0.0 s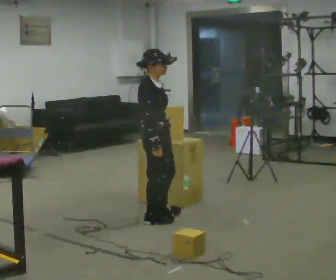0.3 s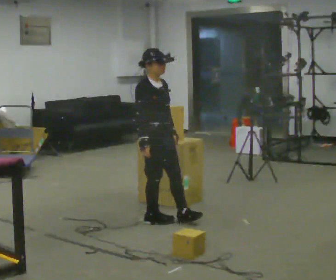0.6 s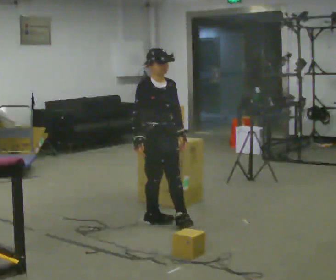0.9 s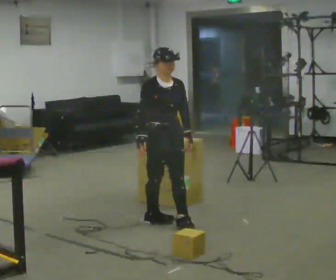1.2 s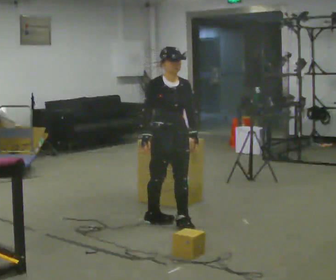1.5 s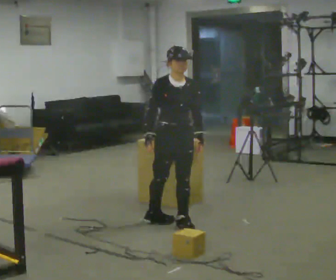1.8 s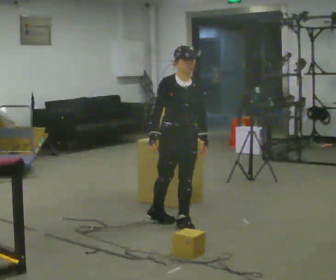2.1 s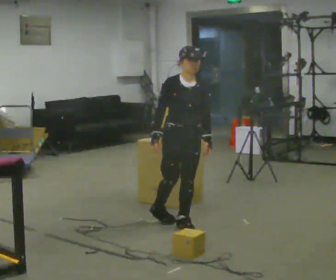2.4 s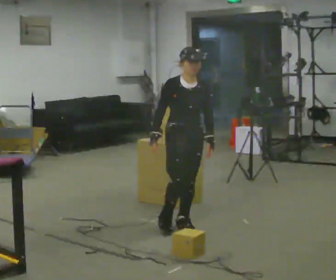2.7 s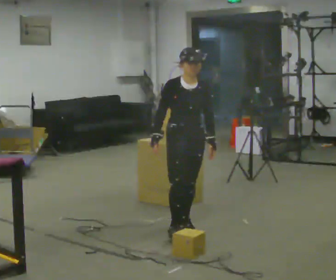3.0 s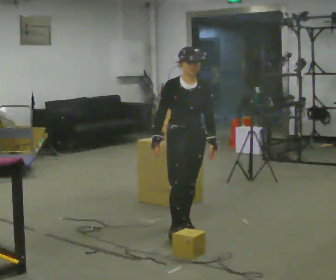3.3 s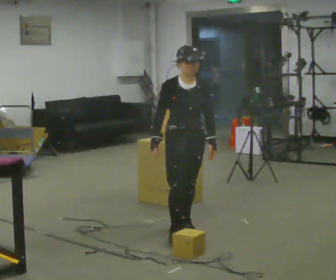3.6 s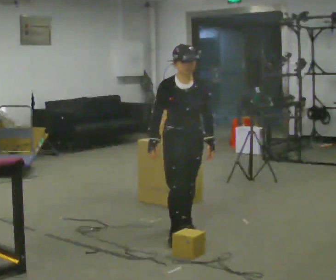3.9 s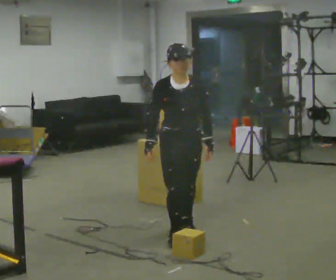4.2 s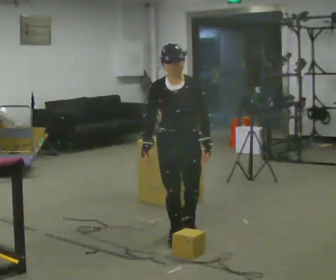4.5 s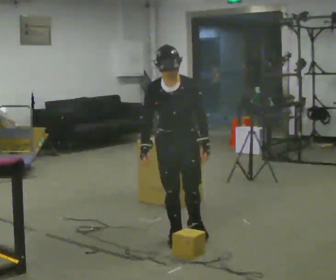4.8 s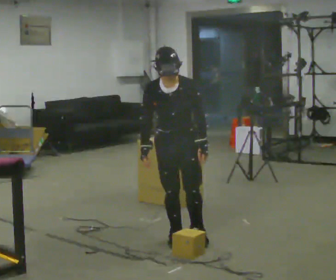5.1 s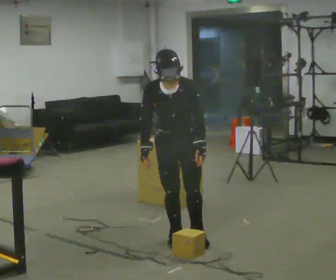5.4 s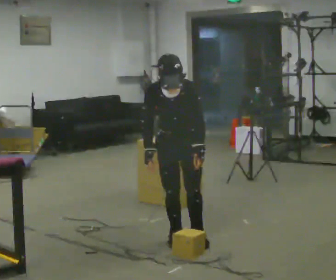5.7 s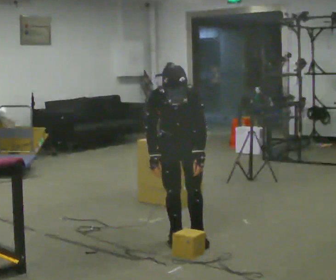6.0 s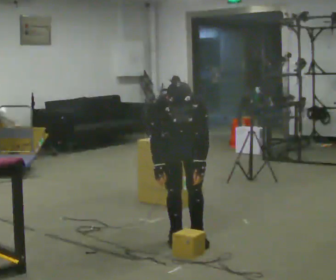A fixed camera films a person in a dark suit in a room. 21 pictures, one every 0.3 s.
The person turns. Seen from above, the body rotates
clockwise.
The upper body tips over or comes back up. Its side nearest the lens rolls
downward.
0.0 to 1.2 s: The part of the body nearest the lens slides to the left as the person turns to their right by about 60 degrees.
1.2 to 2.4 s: The person moves a little, or ends about where they began.
2.4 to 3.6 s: In the picture they go toward the camera, about 0.25 m in 1 step, which for them is forward.
3.6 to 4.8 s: In the picture they go toward the camera, about 0.25 m in 1 step, which for them is forward.
4.8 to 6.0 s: The upper body tips toward the camera, its near side rolling downward, as they bend forward.
The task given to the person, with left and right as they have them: 1. The operator will tell you the shelf is already sorted and just needs moving to the table. 2. Do what you think is right. 3. Tell the operator when you are finished.
The film runs forward here.
